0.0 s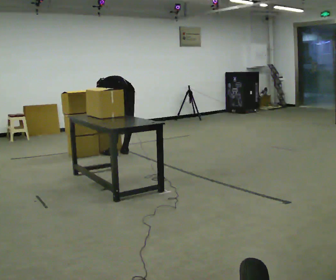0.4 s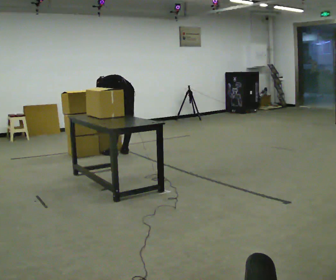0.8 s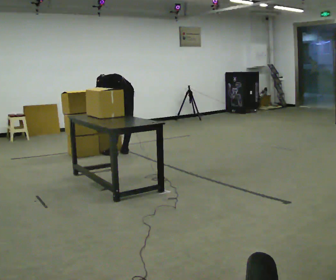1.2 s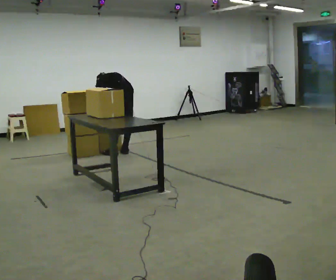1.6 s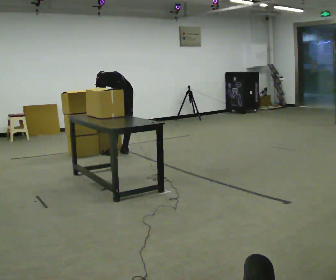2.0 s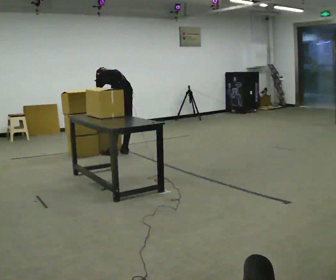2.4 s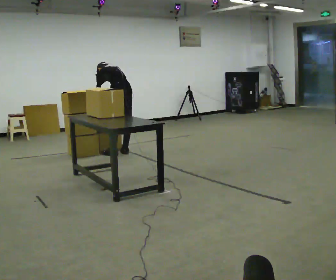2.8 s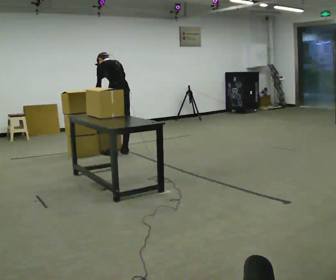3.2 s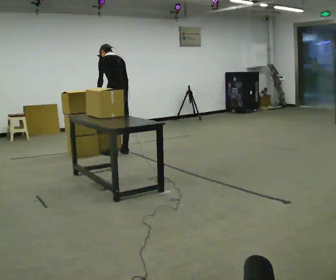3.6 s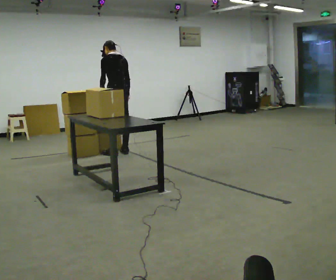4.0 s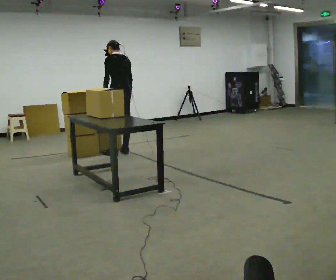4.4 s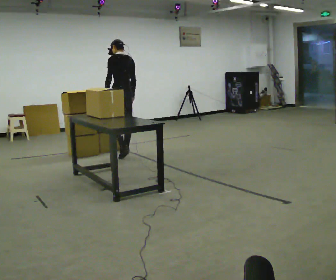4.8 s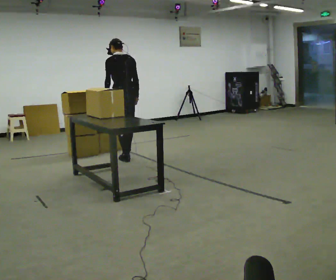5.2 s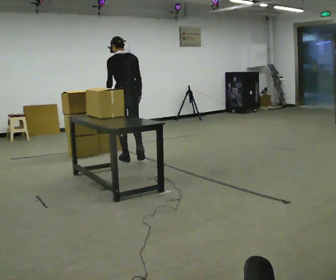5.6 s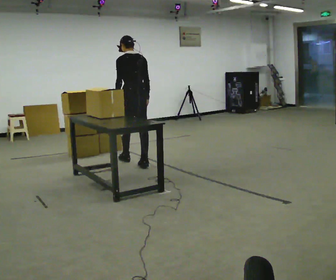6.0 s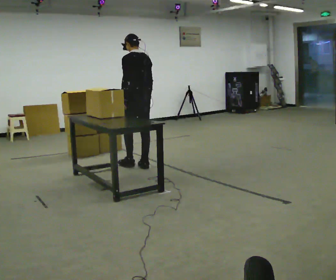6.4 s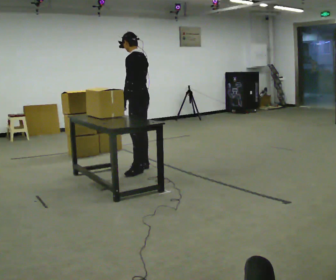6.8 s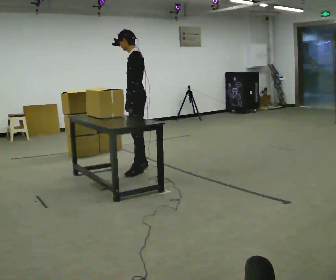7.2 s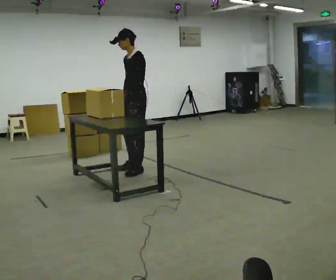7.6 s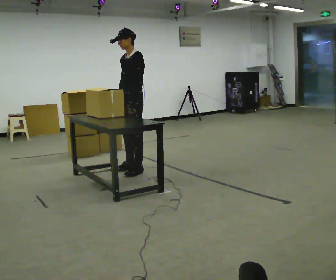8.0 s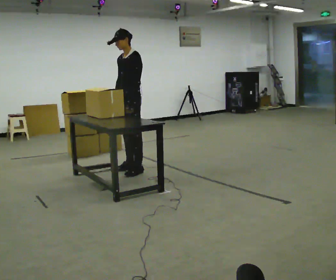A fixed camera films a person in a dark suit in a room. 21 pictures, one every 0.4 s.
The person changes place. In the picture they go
toward the camera.
The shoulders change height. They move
upward.
0.0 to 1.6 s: In the picture the upper body tilts clockwise, shoulders to the right.
1.6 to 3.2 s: The shoulders move upward. The upper body tips toward the camera, its near side rolling downward, as they lean back or straighten.
3.2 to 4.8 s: In the picture they go toward the camera, about 0.25 m in 2 steps, which for them is backward.
4.8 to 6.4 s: Seen from above the body turns counterclockwise, about 45 degrees: to their left, with its near side sliding to the right. In the picture they go toward the camera and to the right, about 0.5 m in 1 step, which for them is backward.
6.4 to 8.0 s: The part of the body nearest the lens slides to the right as the person turns to their left by about 60 degrees. In the picture they go toward the camera, about 0.25 m, which for them is forward. In the picture their right hand goes to the left.
The film runs backward here.
